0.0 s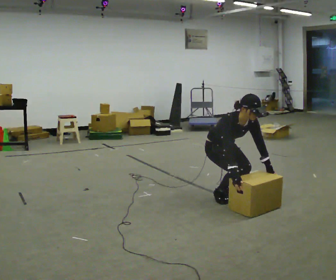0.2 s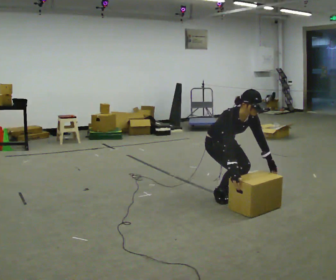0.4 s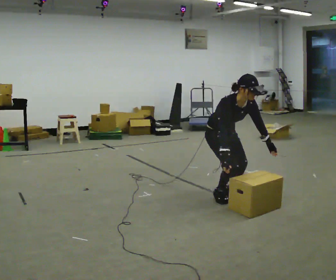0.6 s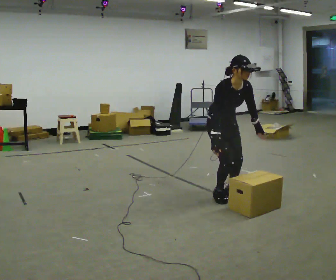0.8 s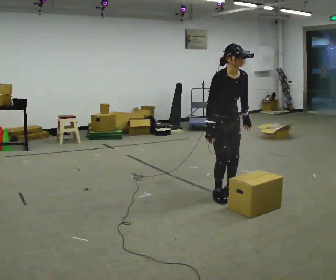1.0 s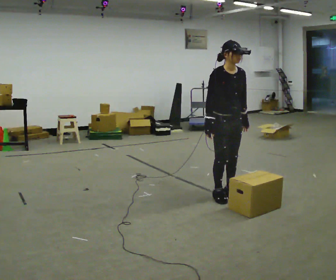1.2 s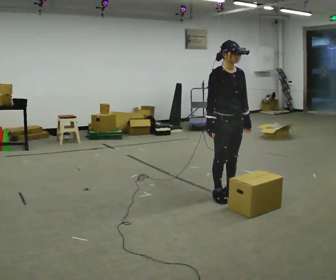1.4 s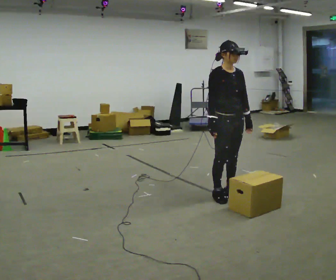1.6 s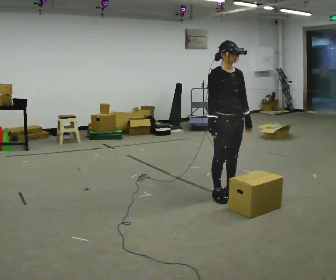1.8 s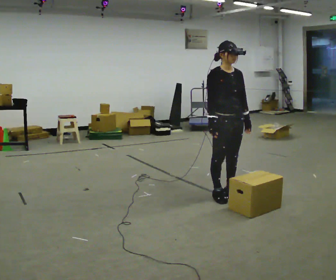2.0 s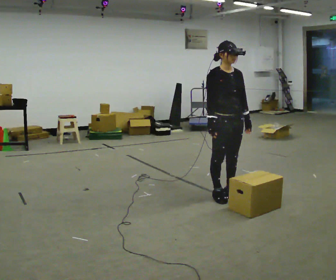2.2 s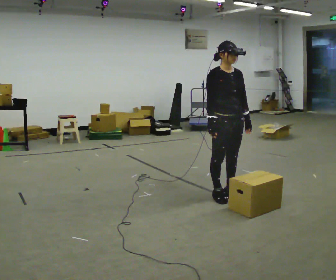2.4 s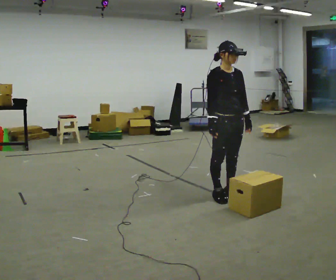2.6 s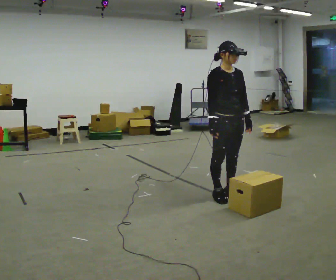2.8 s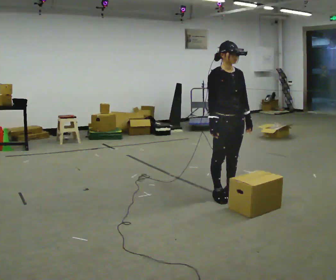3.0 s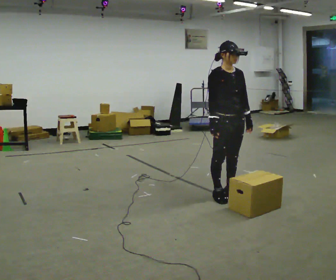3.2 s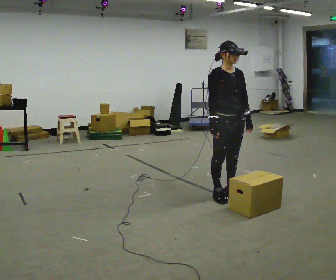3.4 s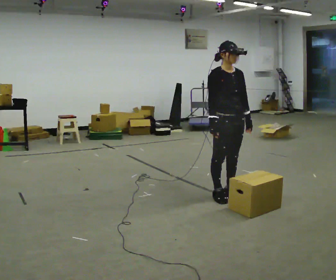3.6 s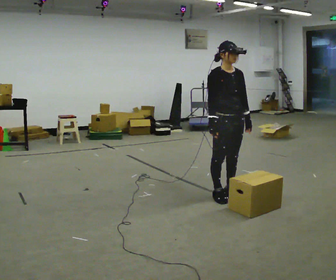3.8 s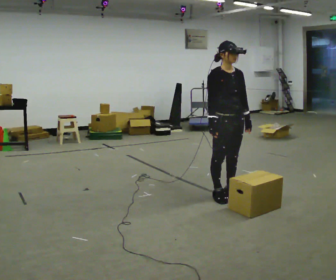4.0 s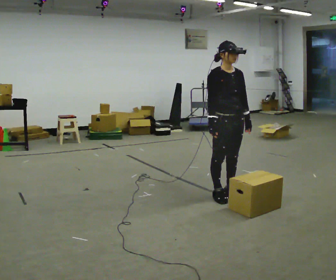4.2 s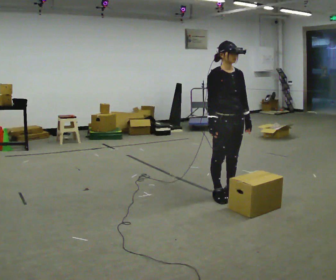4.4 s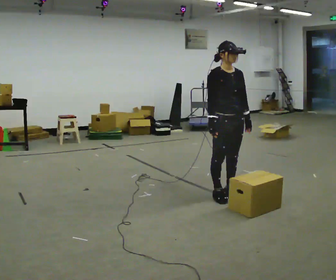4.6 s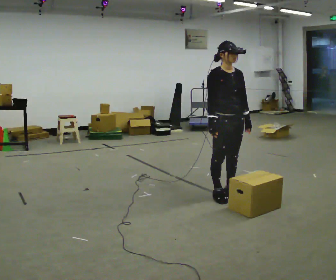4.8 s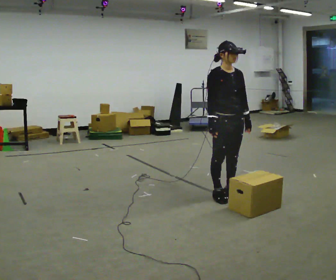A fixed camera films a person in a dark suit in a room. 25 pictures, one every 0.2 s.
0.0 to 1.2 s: The shoulders move upward. In the picture the upper body tilts counterclockwise, shoulders to the left, as they lean back or straighten. In the picture their right hand goes upward.
1.2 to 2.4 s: The person moves a little, or ends about where they began.
2.4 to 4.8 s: The person keeps their place and pose.
The film runs forward here.
